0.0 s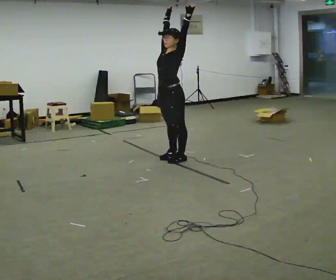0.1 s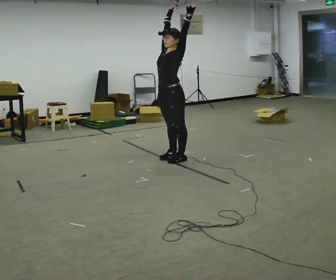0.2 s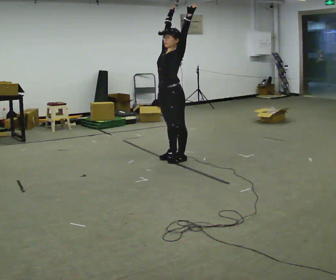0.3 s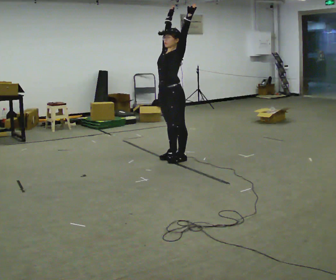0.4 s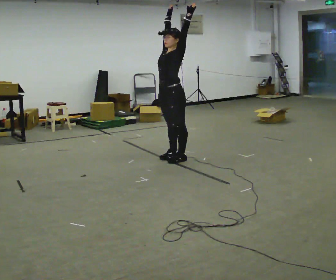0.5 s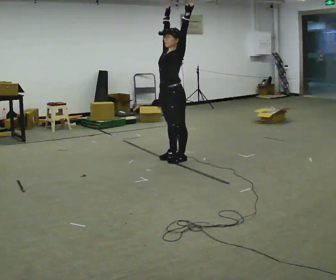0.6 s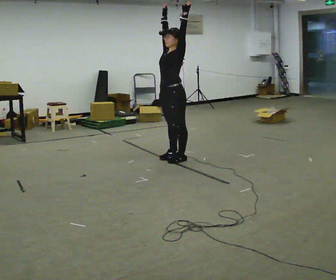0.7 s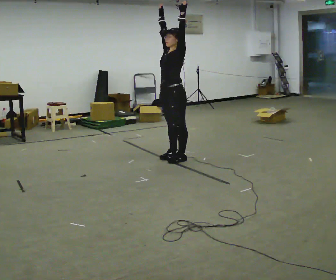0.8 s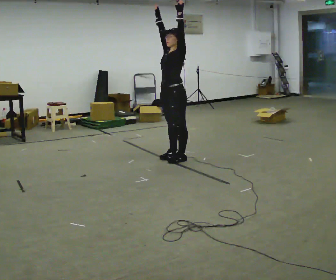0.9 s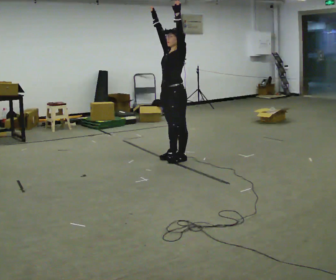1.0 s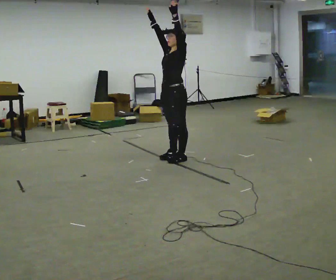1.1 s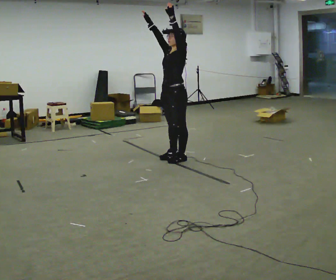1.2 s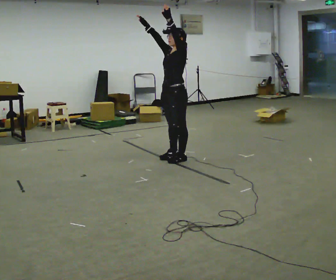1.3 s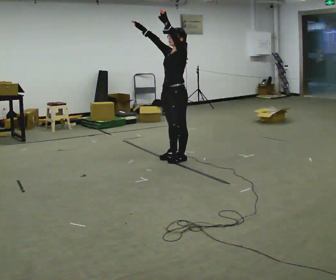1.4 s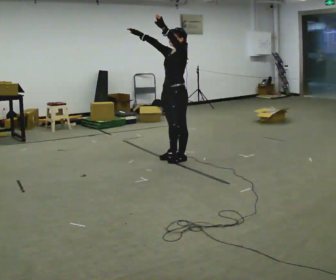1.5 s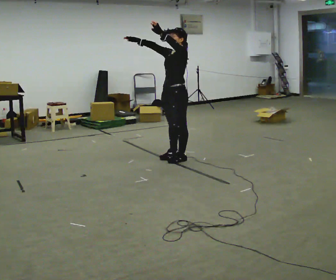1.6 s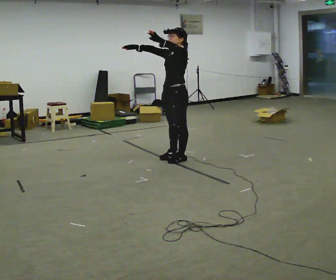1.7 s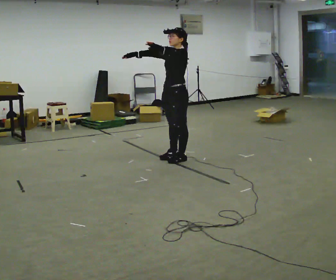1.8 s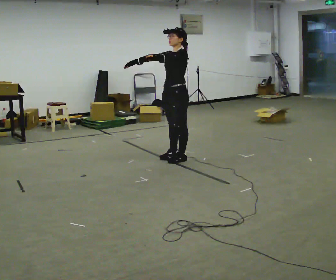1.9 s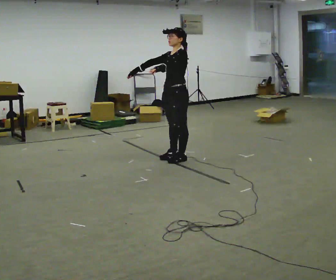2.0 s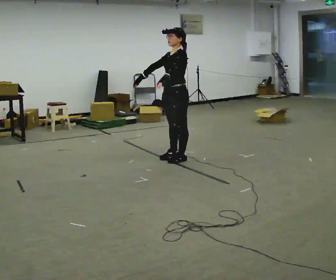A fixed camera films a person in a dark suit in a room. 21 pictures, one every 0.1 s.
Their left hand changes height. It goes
downward.
Their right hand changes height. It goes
downward.
0.0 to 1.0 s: The person moves a little, or ends about where they began.
1.0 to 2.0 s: In the picture their right hand goes downward, the arm swinging counterclockwise.
The film runs backward here.
